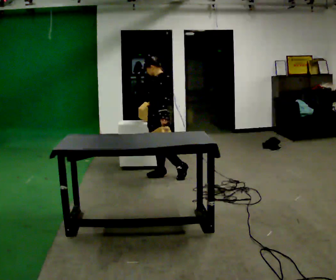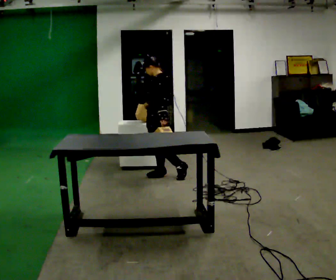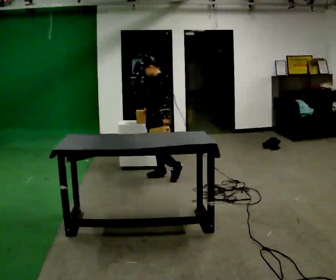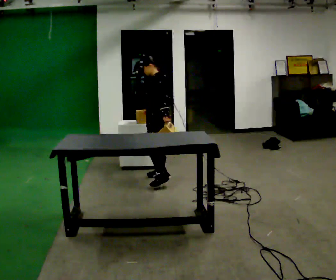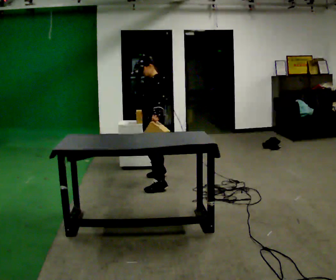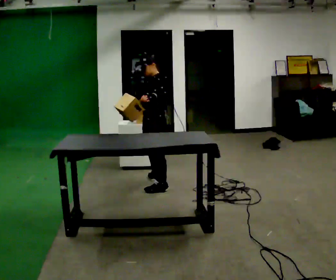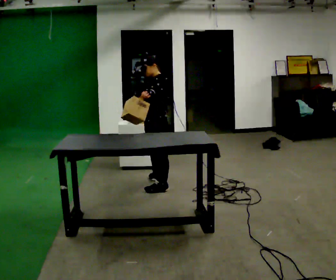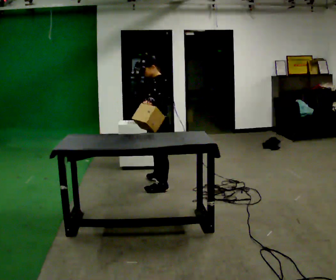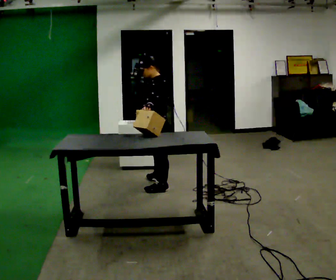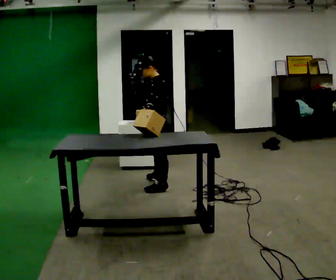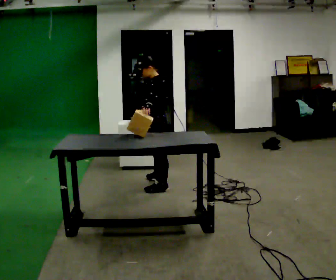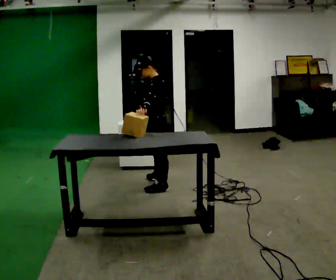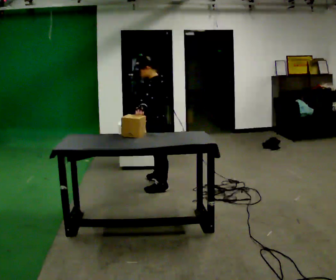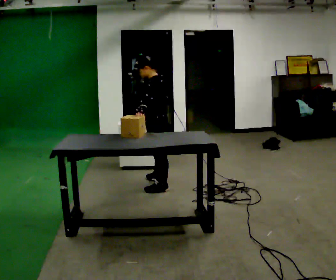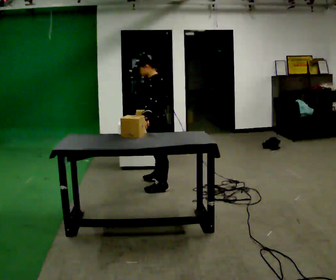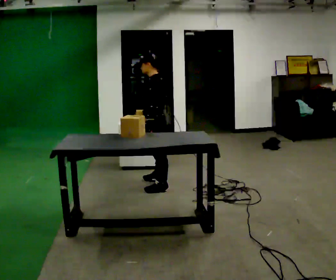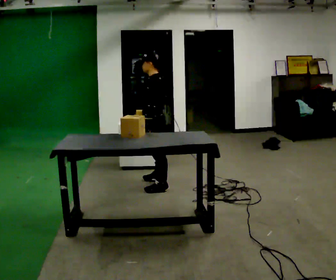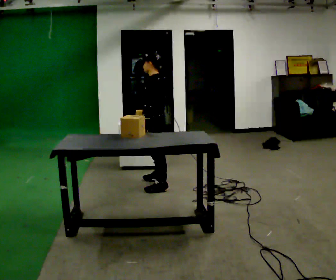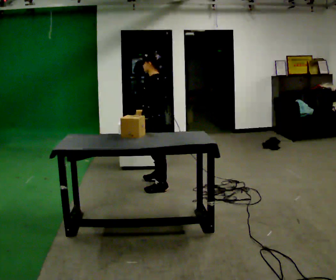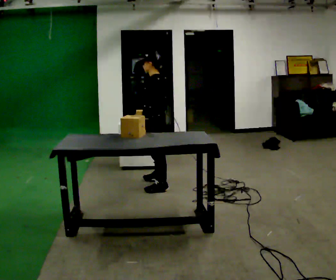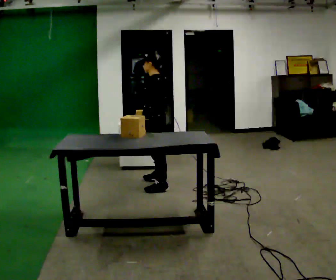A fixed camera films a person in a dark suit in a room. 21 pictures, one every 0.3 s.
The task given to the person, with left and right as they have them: Pick up both objects, carry them together, then put each one in a different place. Keep going until the operator says stop; one object at a time, and do not rush between trips.
0.0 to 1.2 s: In the picture they go toward the camera, about 0.25 m in 1 step, which for them is to their left and forward.
1.2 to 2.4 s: In the picture they go toward the camera, about 0.25 m in 1 step, which for them is to their left.
2.4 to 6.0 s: The person moves a little, or ends about where they began.
The film runs forward here.
